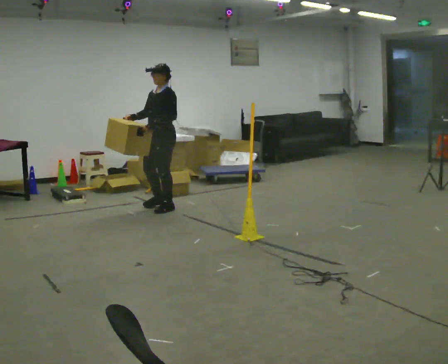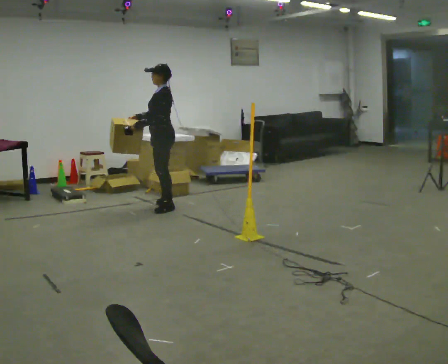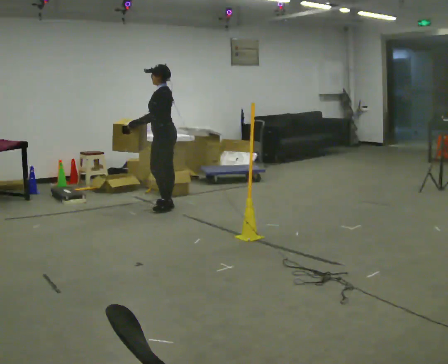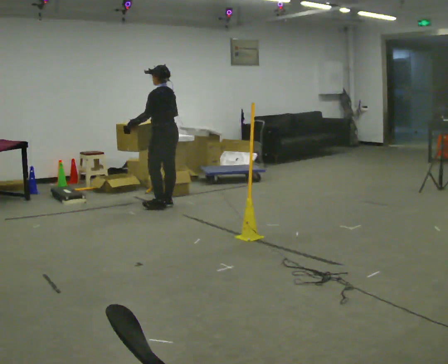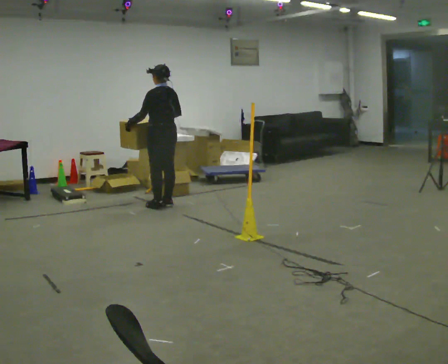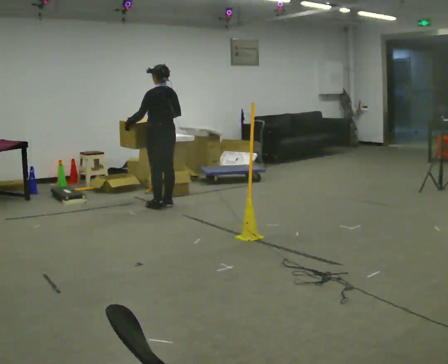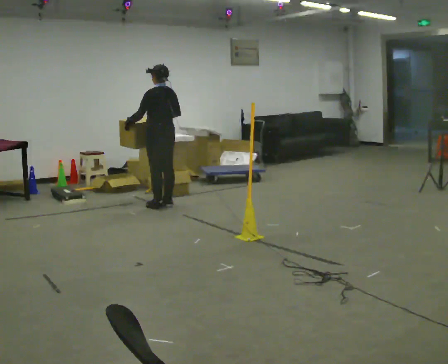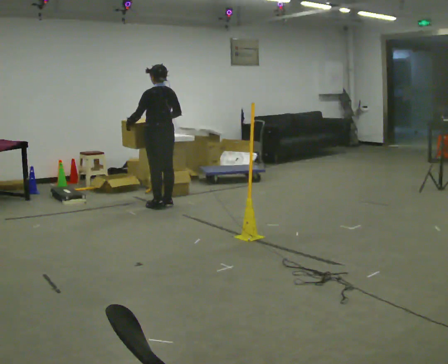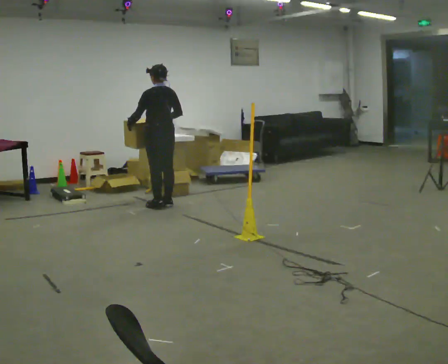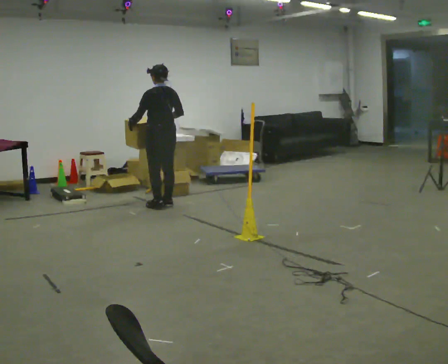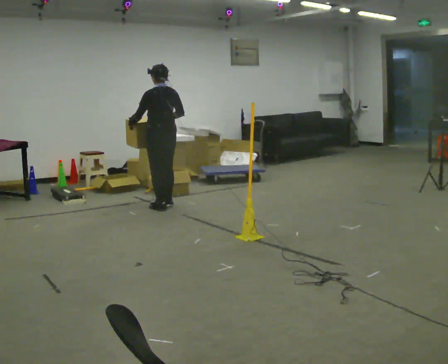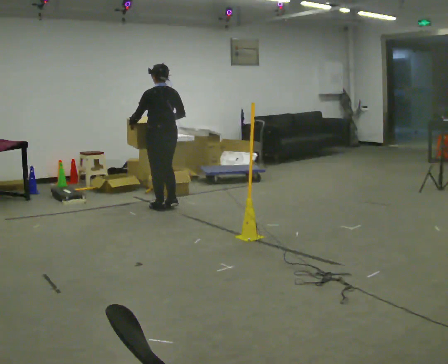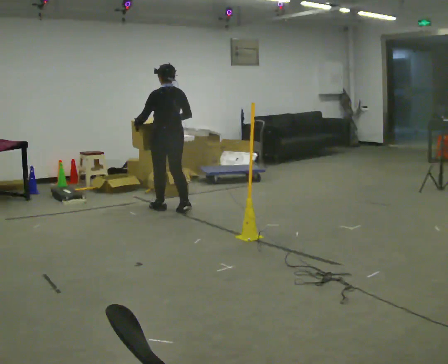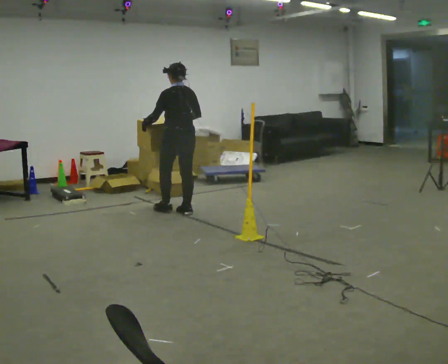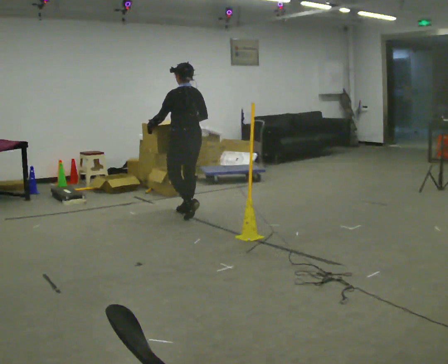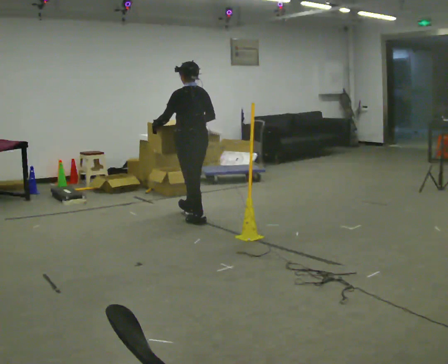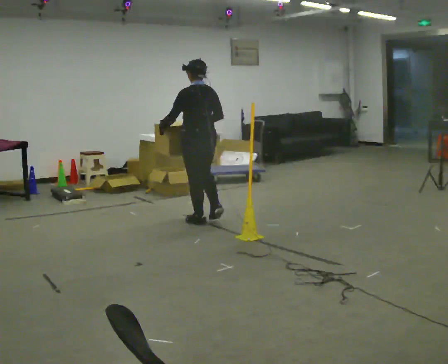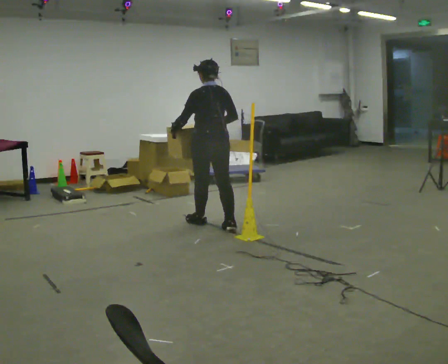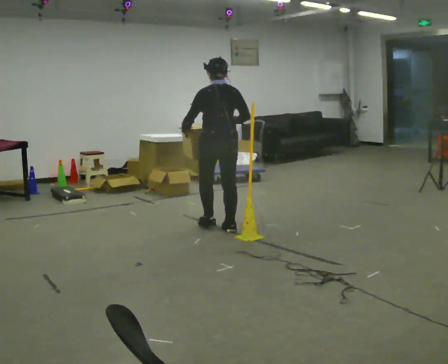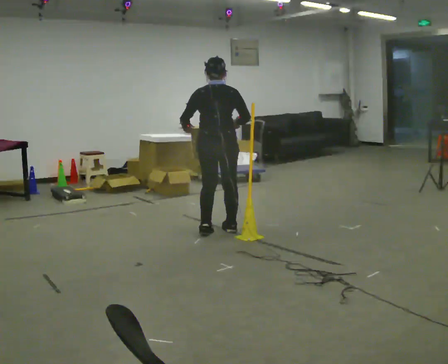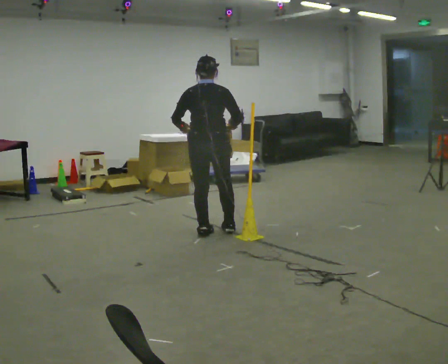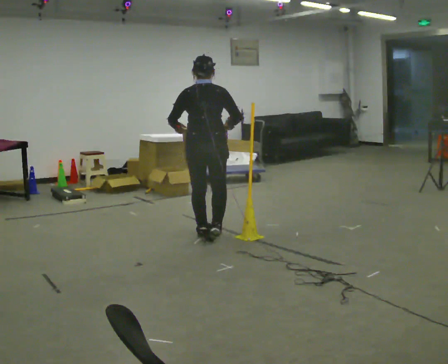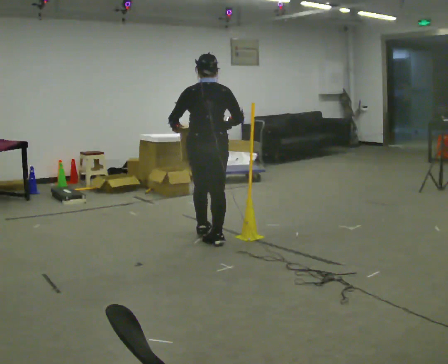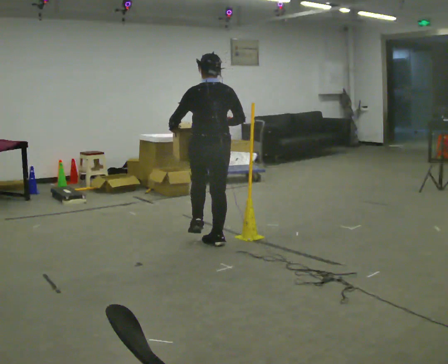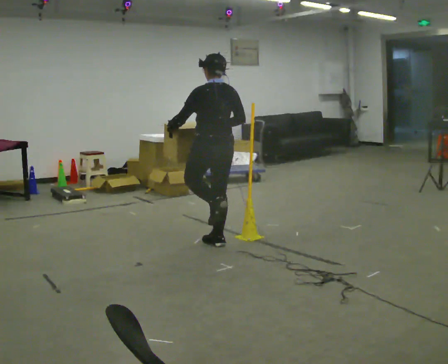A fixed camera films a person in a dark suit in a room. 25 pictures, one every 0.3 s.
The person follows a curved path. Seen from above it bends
clockwise.
0.0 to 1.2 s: The part of the body nearest the lens slides to the left as the person turns to their right by about 75 degrees. In the picture they go away from the camera, about 0.25 m.
1.2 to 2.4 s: The person moves a little, or ends about where they began.
2.4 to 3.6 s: In the picture they go toward the camera, about 0.25 m in 1 step, which for them is backward.
3.6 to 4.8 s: In the picture they go toward the camera and to the right, about 0.75 m in 2 steps, which for them is backward.
4.8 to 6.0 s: The part of the body nearest the lens slides to the left as the person turns to their right by about 45 degrees. In the picture they go toward the camera, about 0.5 m in 2 steps, which for them is backward.
6.0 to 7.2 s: The part of the body nearest the lens slides to the right as the person turns to their left by about 30 degrees. In the picture they go toward the camera, about 0.25 m in 1 step, which for them is backward.
The film runs backward here.
